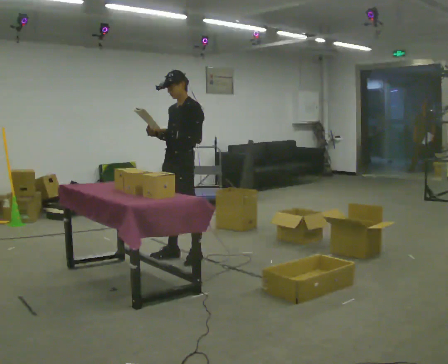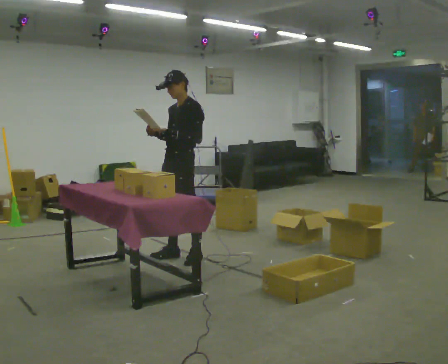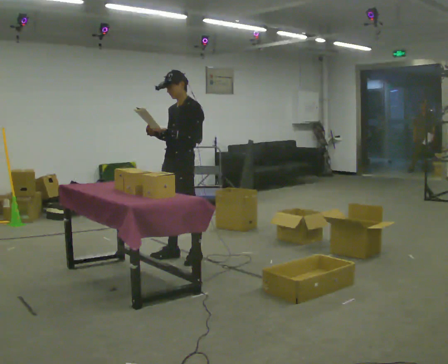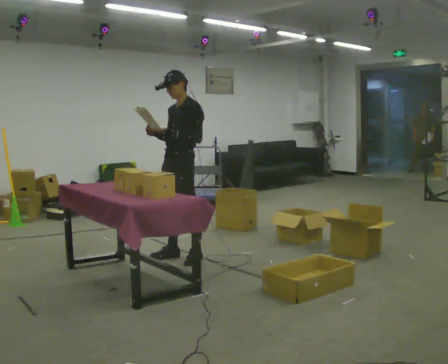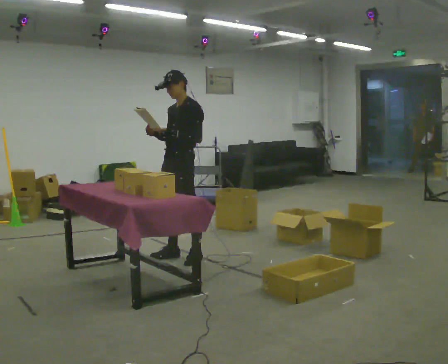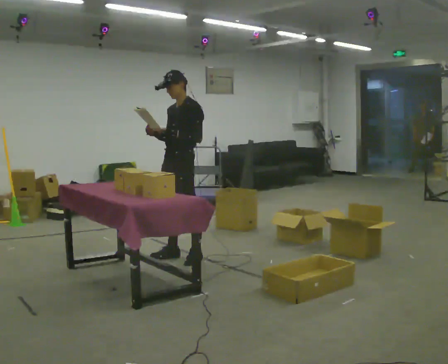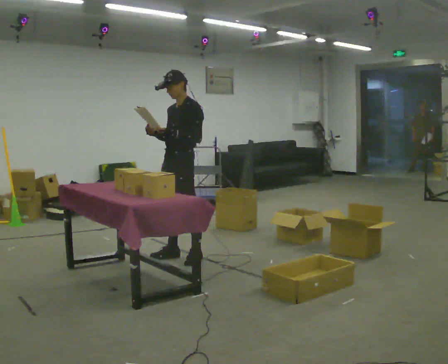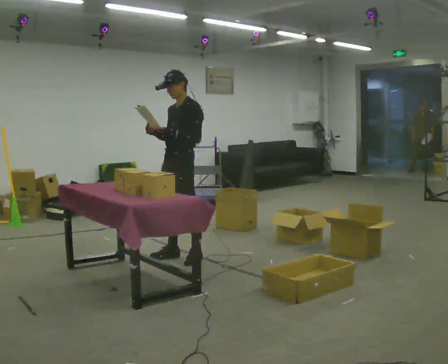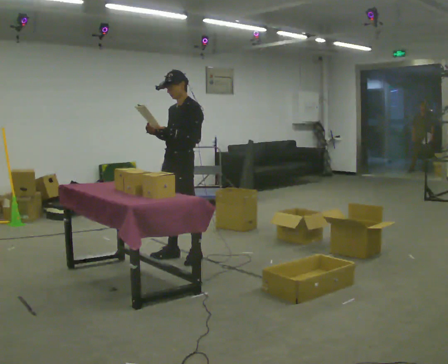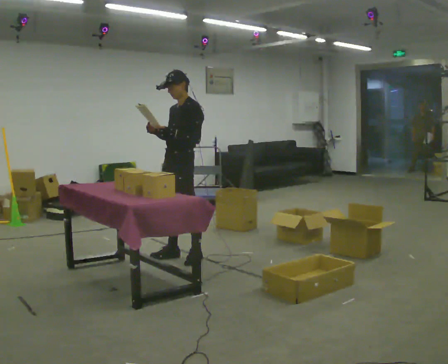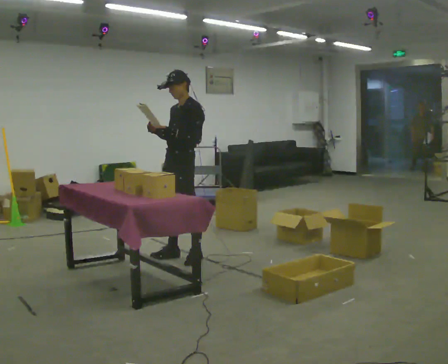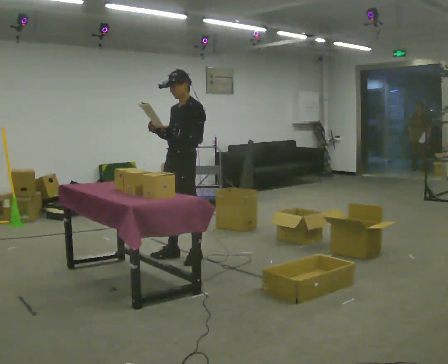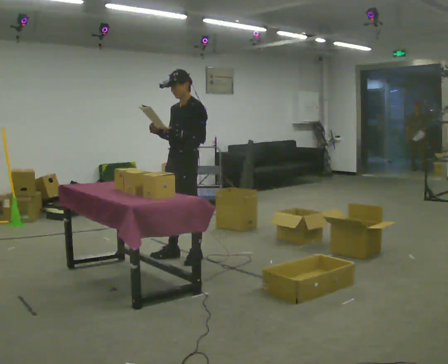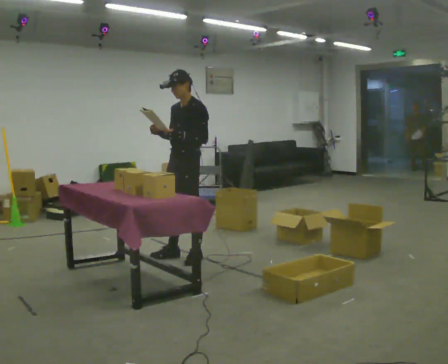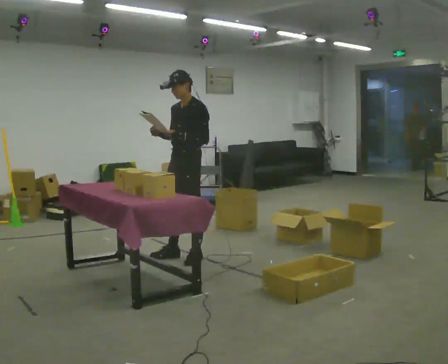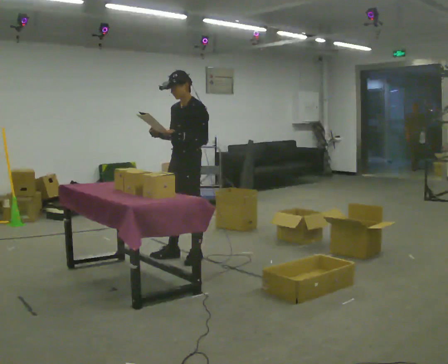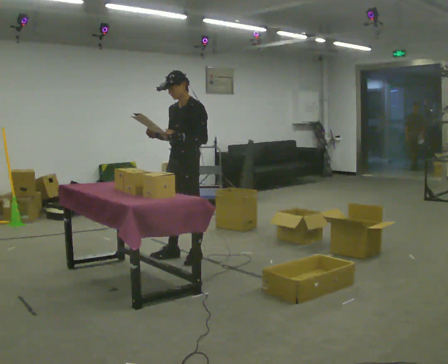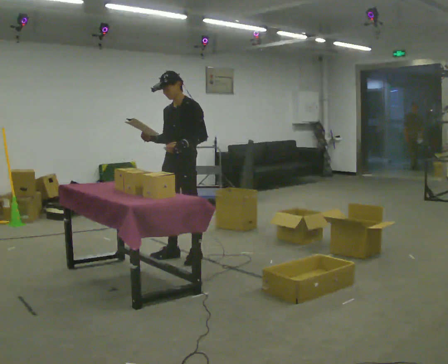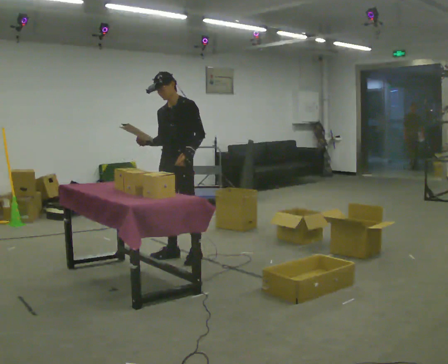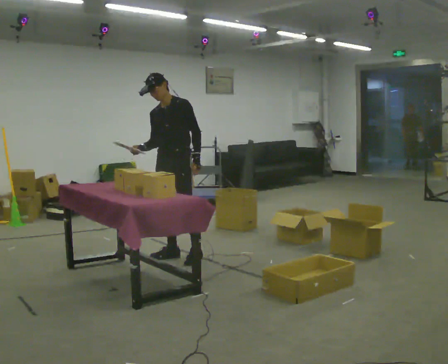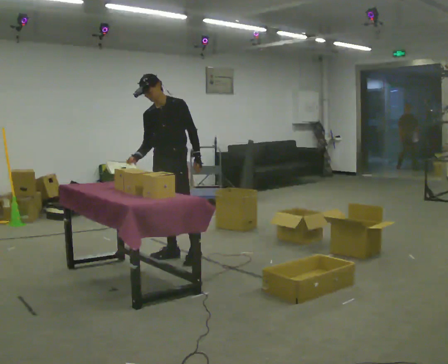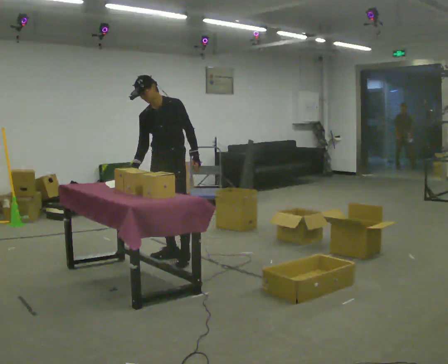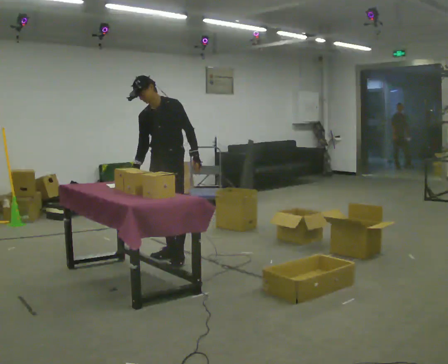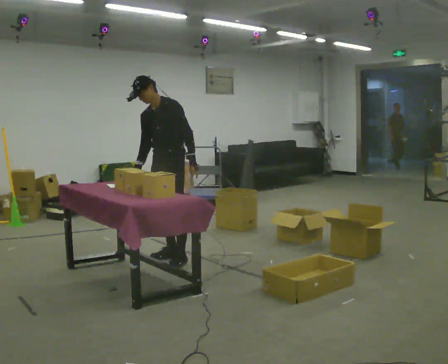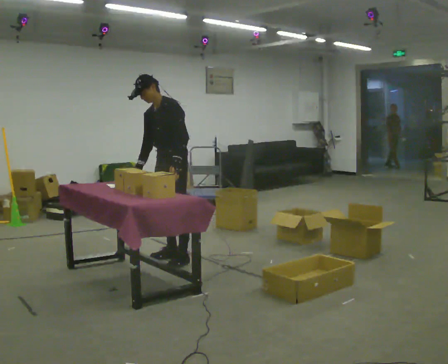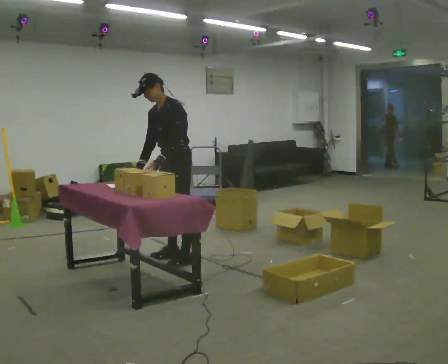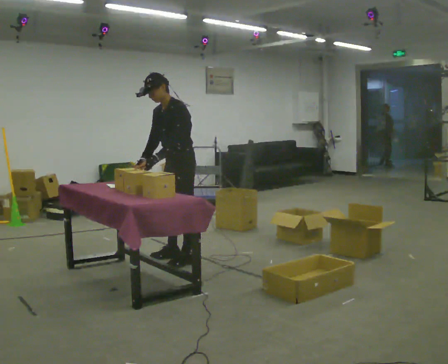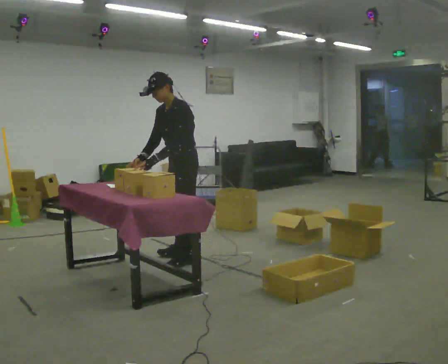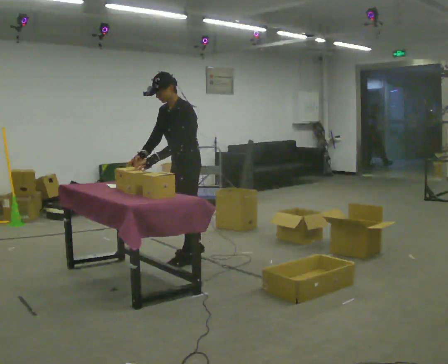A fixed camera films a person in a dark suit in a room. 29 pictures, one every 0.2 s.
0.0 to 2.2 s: The person moves a little, or ends about where they began.
2.2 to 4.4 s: Seen from above the body turns counterclockwise, about 30 degrees: to their left, with its near side sliding to the right. In the picture the upper body tilts counterclockwise, shoulders to the left.
4.4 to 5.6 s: Seen from above the body turns clockwise, about 45 degrees: to their right, with its near side sliding to the left. In the picture they go to the right and toward the camera, about 0.25 m in 1 step, which for them is to their left. In the picture their left hand goes to the left, the arm swinging clockwise.
The film runs backward here.
